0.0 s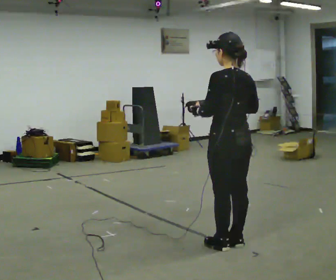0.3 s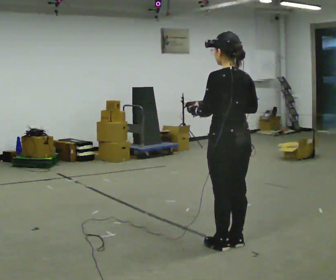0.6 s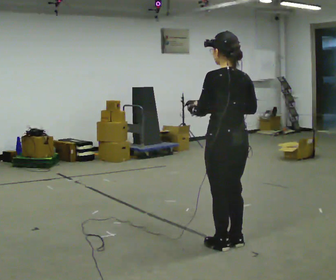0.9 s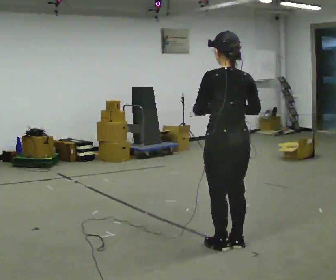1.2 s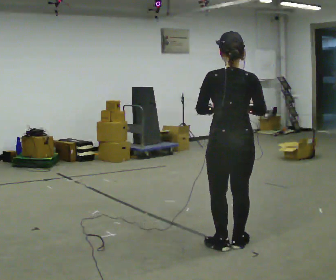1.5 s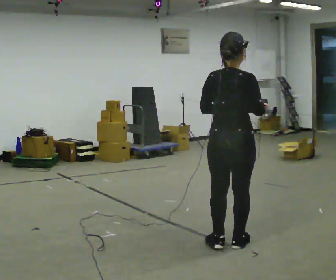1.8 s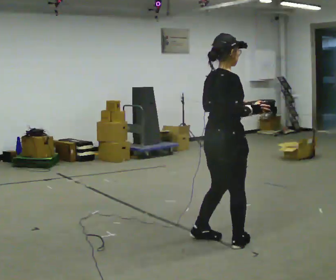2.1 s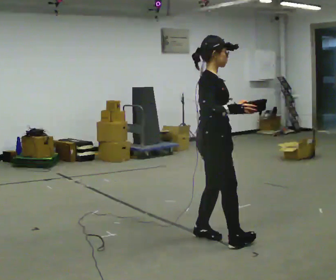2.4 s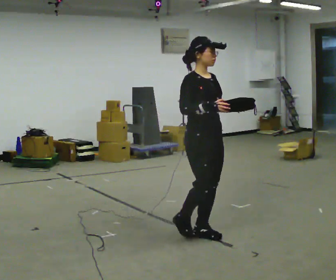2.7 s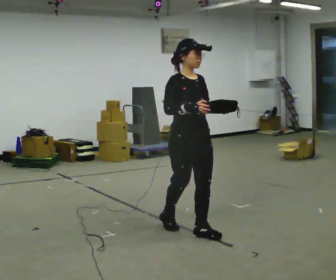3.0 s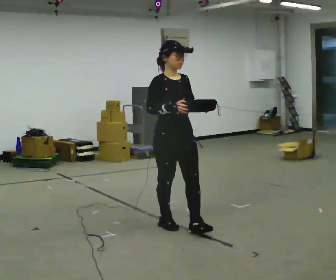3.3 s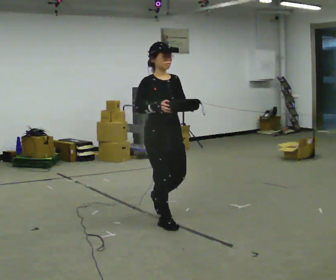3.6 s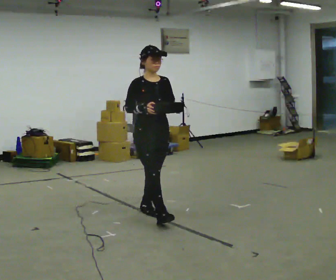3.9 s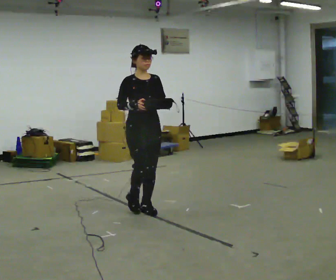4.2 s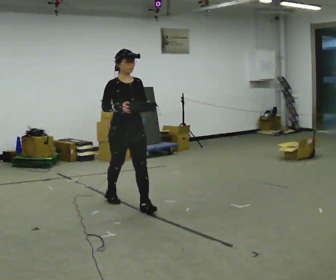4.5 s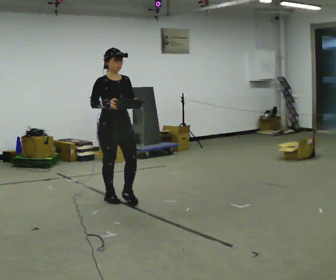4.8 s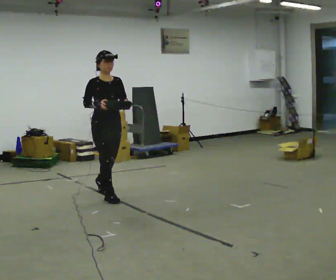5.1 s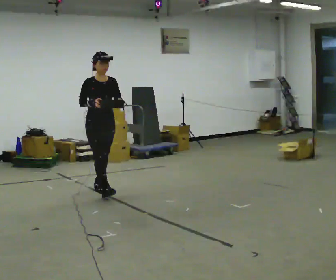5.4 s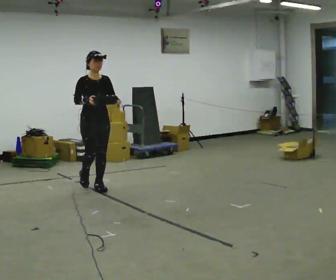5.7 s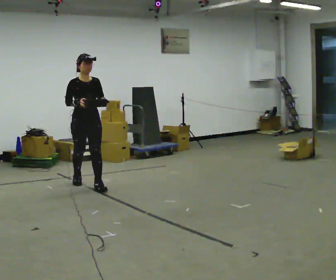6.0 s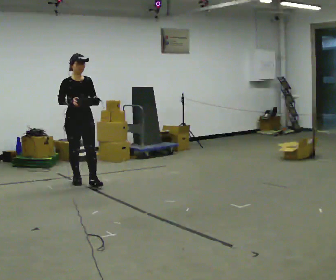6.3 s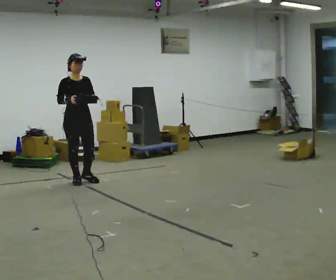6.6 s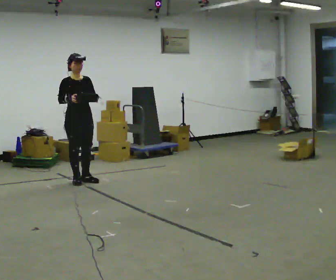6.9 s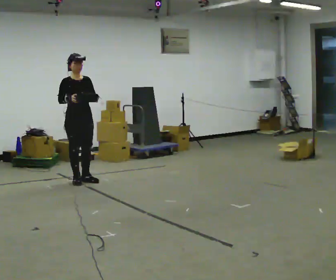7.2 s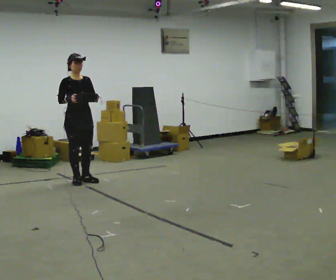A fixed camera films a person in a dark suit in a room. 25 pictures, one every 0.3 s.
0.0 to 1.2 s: Seen from above the body turns clockwise, about 30 degrees: to their right, with its near side sliding to the left.
1.2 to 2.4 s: The person turns about 135 degrees to their right, clockwise seen from above, so the part of the body nearest the lens slides to the left. In the picture they go away from the camera and to the left, about 0.5 m in 2 steps.
2.4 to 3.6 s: In the picture they go away from the camera and to the left, about 0.5 m in 2 steps, which for them is backward.
3.6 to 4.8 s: In the picture they go away from the camera and to the left, about 1 m in 1 step, which for them is backward.
4.8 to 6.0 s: In the picture they go away from the camera and to the left, about 1 m in 2 steps, which for them is backward.
6.0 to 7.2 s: The person moves a little, or ends about where they began.
The film runs backward here.
